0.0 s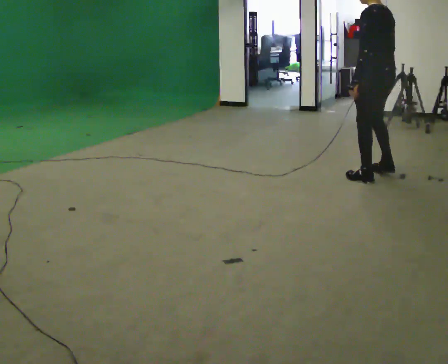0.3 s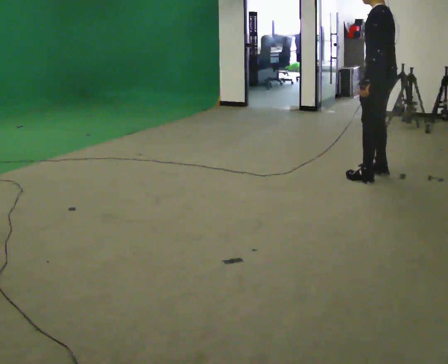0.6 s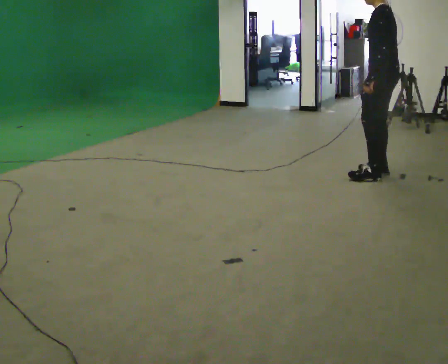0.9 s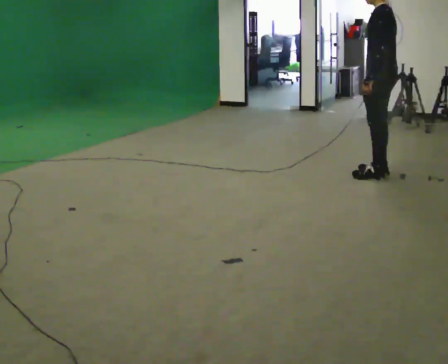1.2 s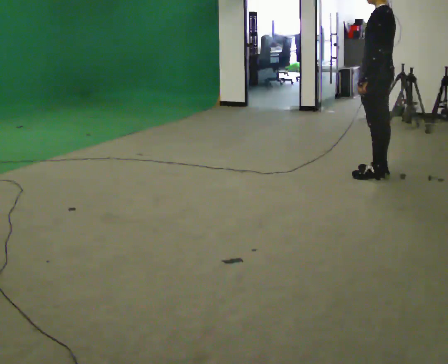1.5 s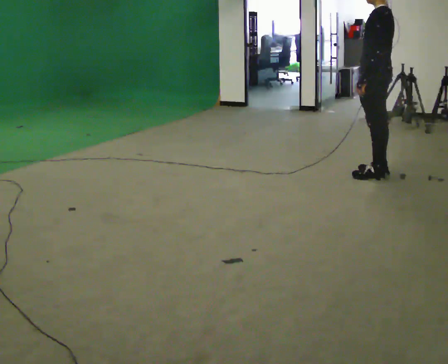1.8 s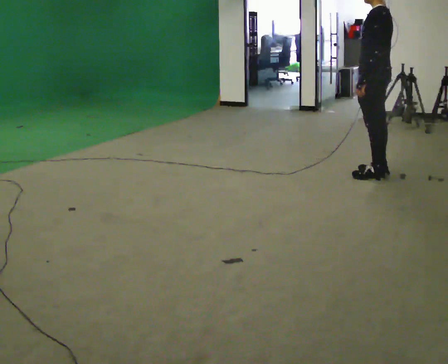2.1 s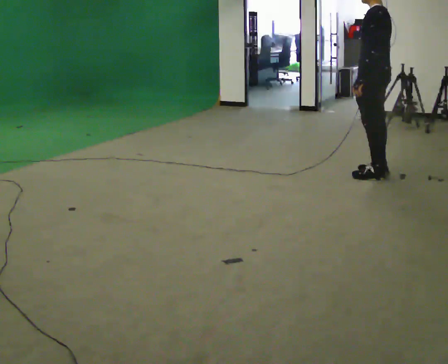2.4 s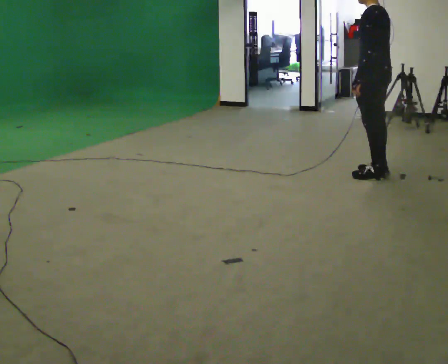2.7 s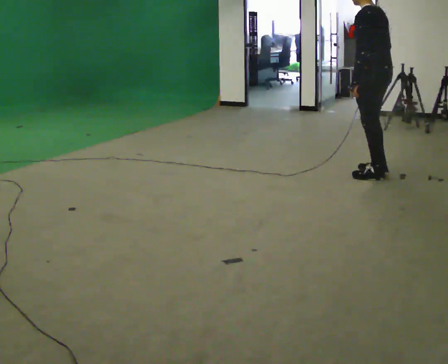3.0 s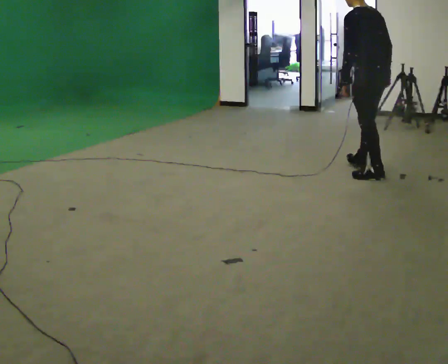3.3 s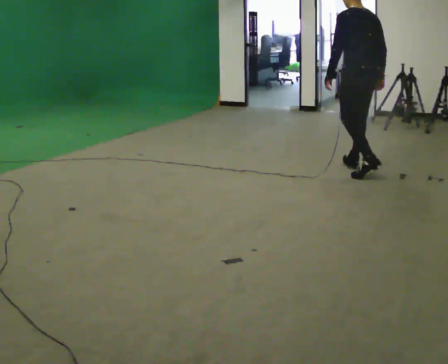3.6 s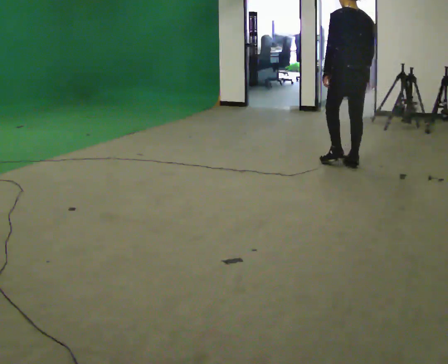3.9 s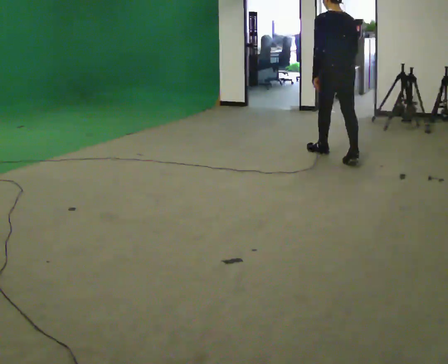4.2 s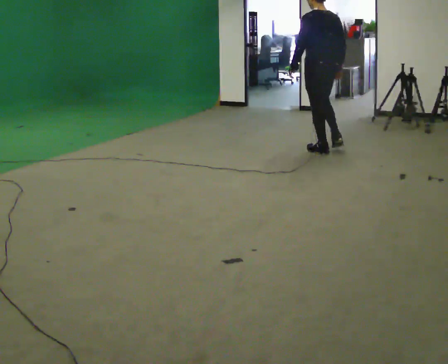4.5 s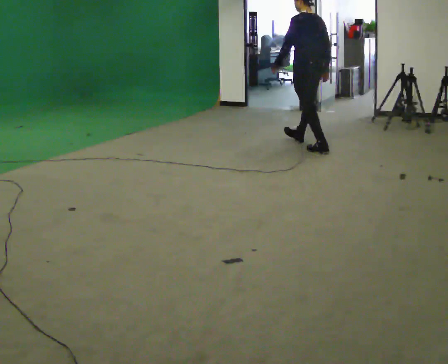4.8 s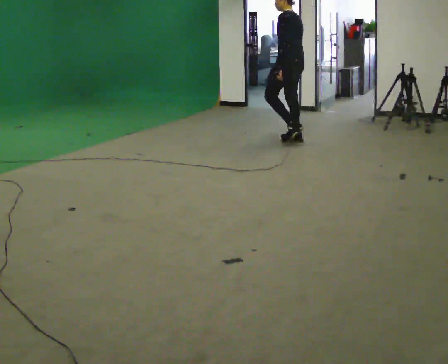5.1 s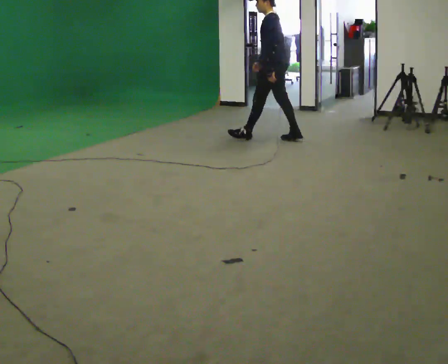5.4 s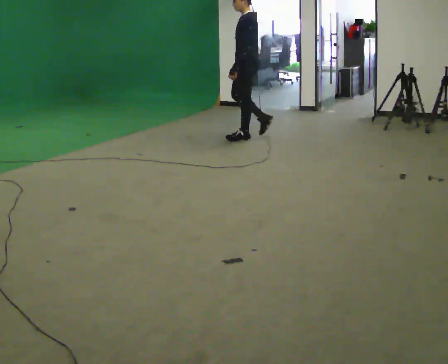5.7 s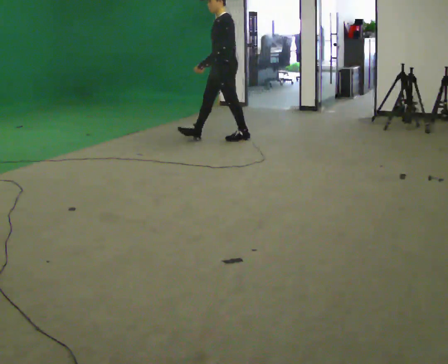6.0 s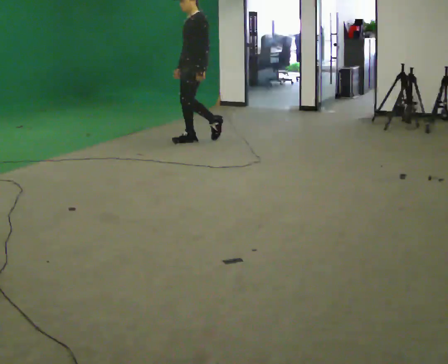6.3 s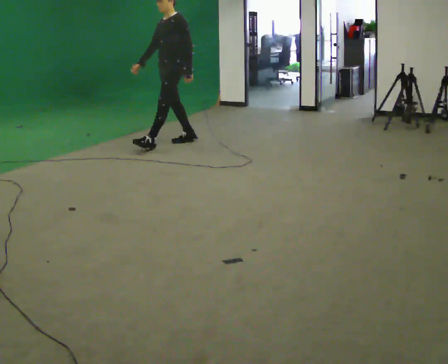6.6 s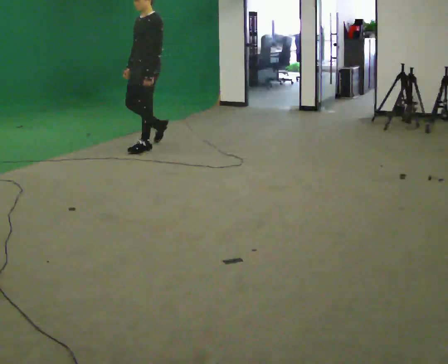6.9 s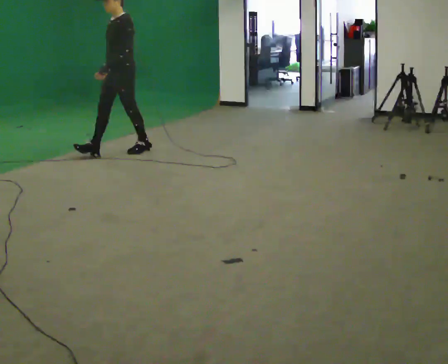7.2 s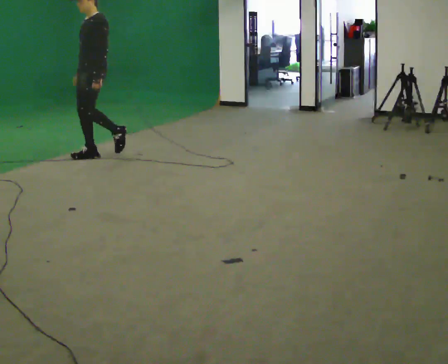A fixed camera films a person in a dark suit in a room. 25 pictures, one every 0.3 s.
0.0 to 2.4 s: The person moves a little, or ends about where they began.
2.4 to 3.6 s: Seen from above the body turns clockwise, about 45 degrees: to their right, with its near side sliding to the left. In the picture they go away from the camera and to the left, about 0.5 m in 1 step, which for them is forward and to their right.
3.6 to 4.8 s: The part of the body nearest the lens slides to the right as the person turns to their left by about 45 degrees. In the picture they go away from the camera and to the left, about 1 m in 2 steps, which for them is forward.
4.8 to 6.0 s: Seen from above the body turns counterclockwise, about 60 degrees: to their left, with its near side sliding to the right. In the picture they go to the left, about 1 m in 2 steps, which for them is forward.
6.0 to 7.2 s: In the picture they go toward the camera and to the left, about 1 m in 2 steps, which for them is forward.
The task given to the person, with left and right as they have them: Walk forward; gradually curve left/right; straighten out.
The film runs forward here.
